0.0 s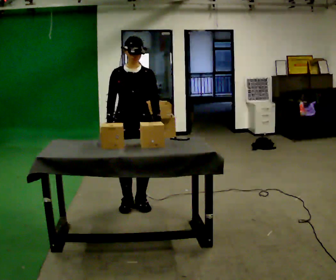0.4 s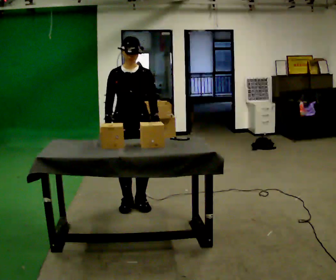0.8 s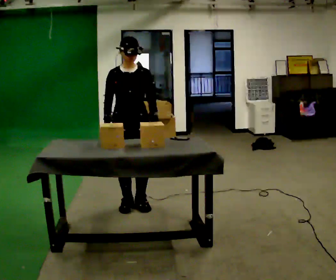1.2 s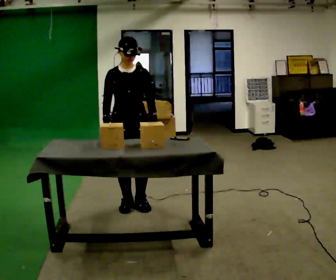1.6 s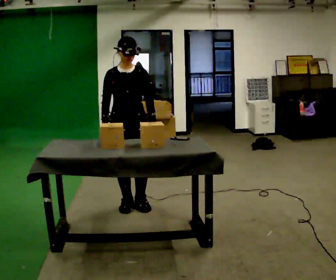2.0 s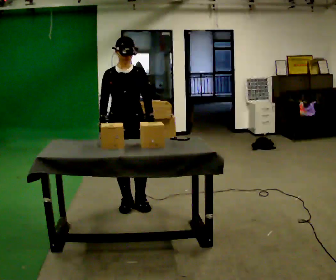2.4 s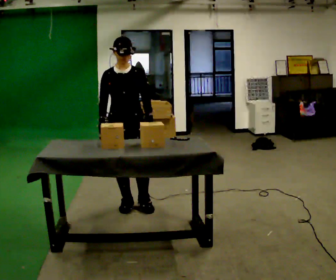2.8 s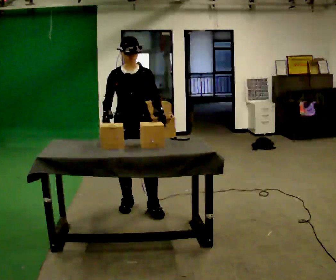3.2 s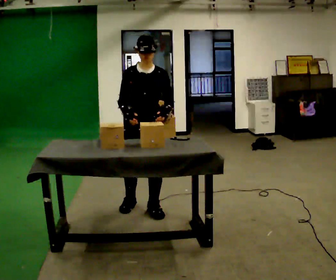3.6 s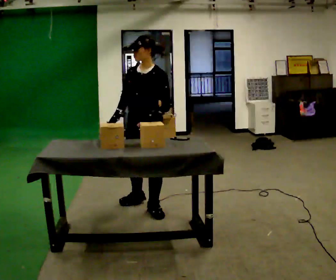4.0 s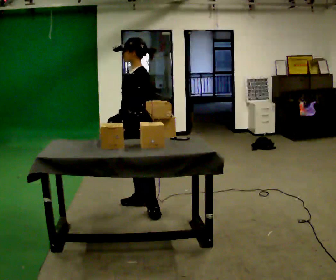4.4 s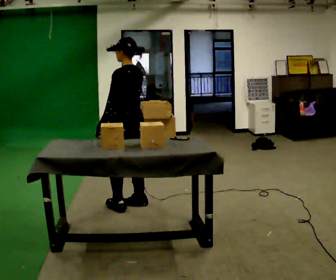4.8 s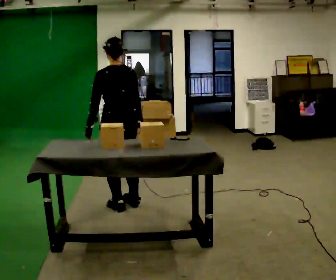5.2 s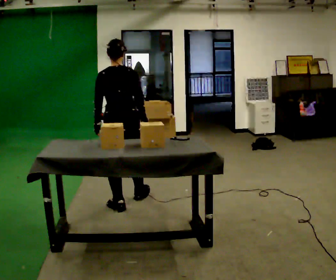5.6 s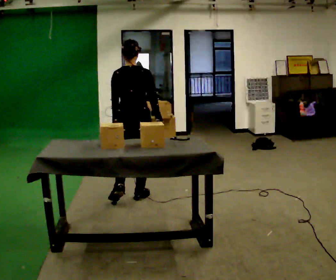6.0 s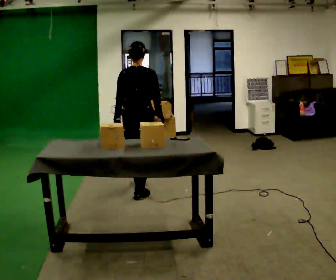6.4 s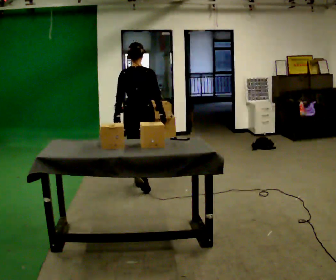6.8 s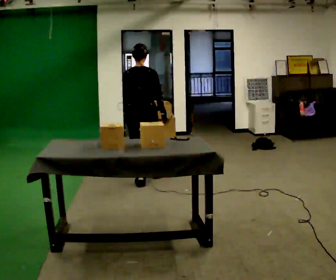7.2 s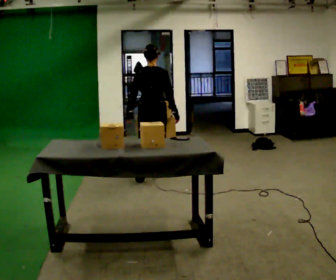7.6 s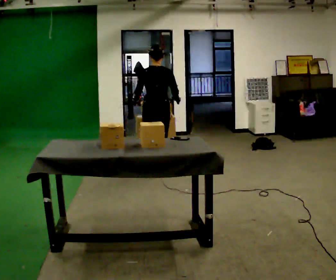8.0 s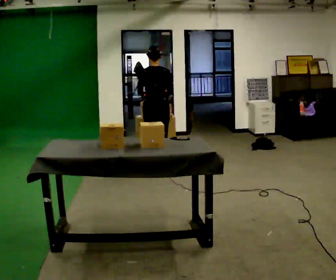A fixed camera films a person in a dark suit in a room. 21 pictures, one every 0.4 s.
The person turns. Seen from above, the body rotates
clockwise.
The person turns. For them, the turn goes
to their right.
0.0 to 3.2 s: The person moves a little, or ends about where they began.
3.2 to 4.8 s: The part of the body nearest the lens slides to the left as the person turns to their right by about 150 degrees. In the picture they go to the left, about 0.25 m in 1 step.
4.8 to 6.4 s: Seen from above the body turns clockwise, about 30 degrees: to their right, with its near side sliding to the left. In the picture they go away from the camera, about 0.75 m in 2 steps, which for them is forward.
6.4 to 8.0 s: In the picture they go away from the camera, about 0.75 m in 2 steps, which for them is forward.
The film runs forward here.
